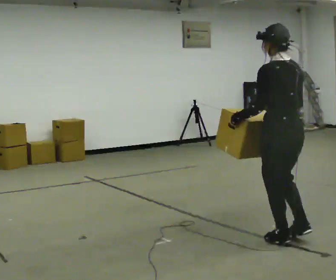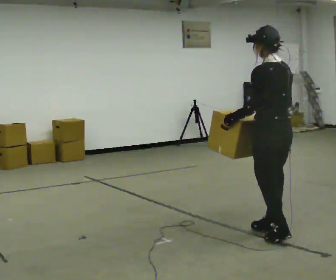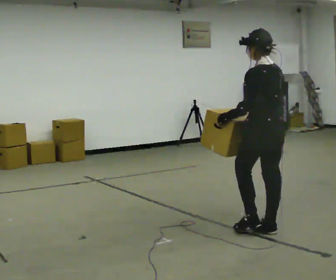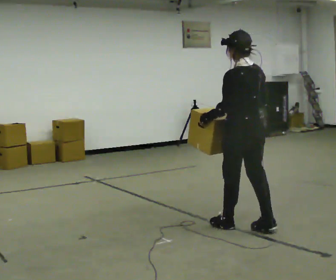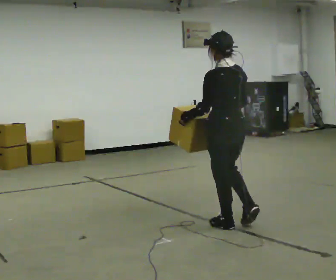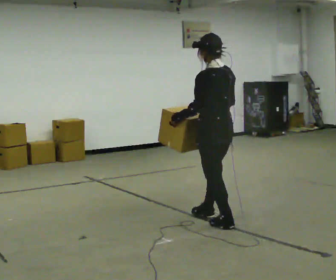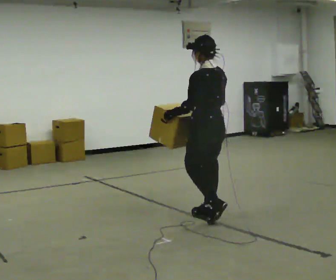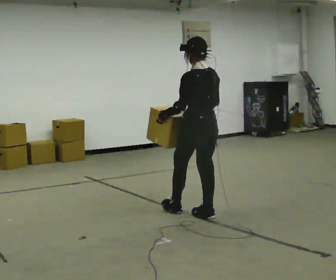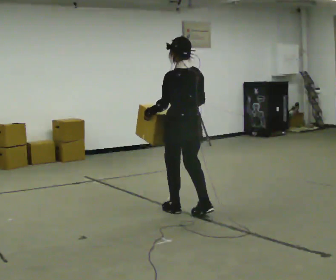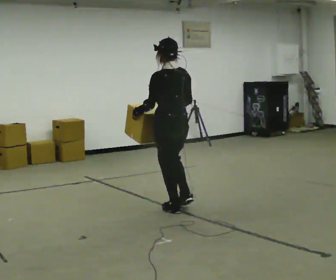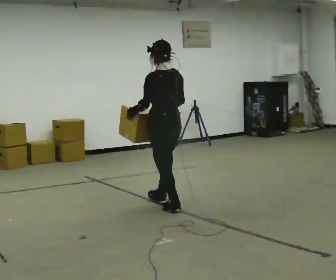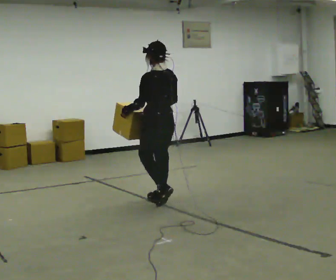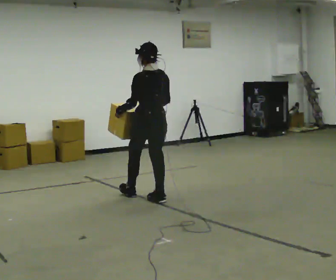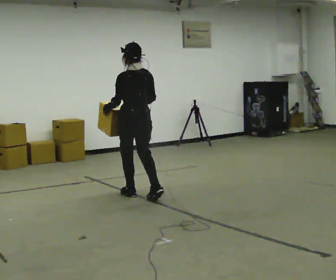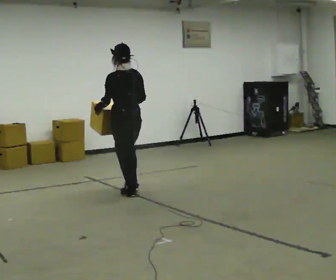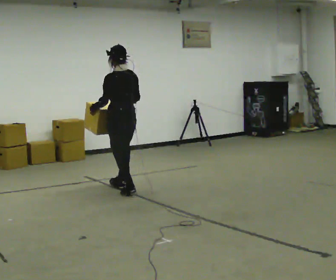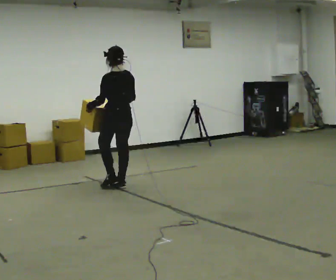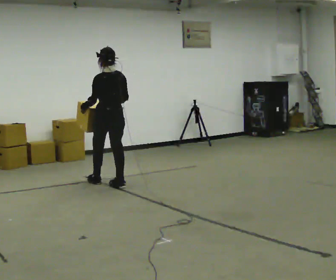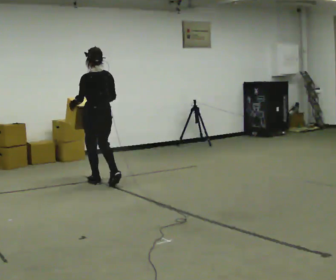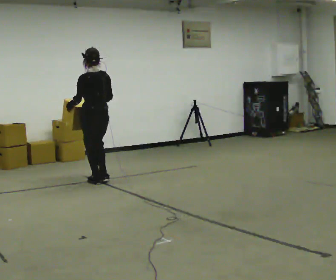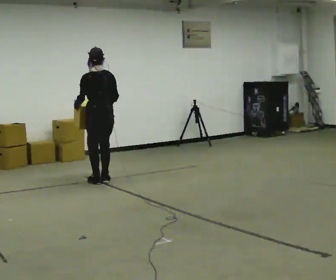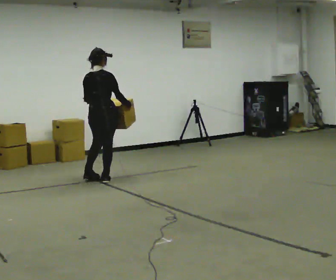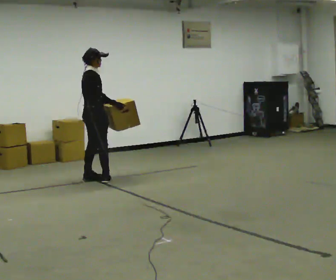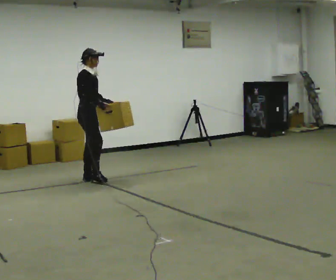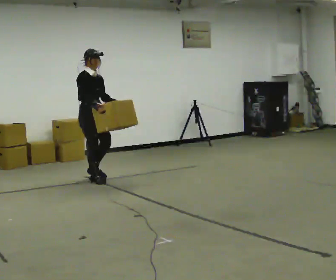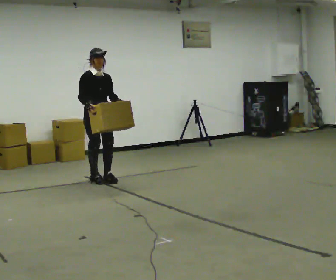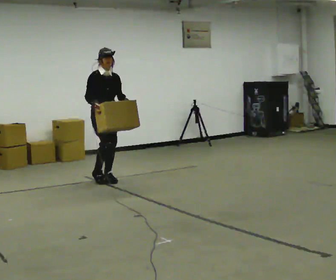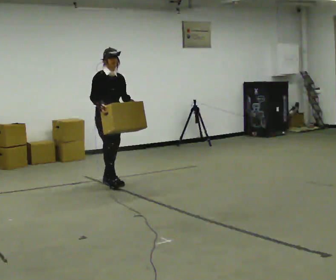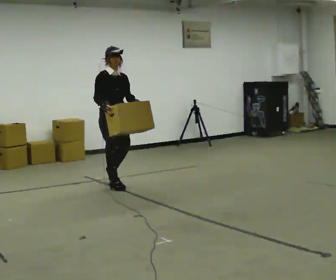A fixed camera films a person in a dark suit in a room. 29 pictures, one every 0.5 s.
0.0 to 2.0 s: In the picture they go away from the camera and to the left, about 0.5 m in 2 steps, which for them is forward.
2.0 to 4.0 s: In the picture they go away from the camera and to the left, about 0.5 m in 2 steps, which for them is forward.
4.0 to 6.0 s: In the picture they go away from the camera and to the left, about 0.5 m in 2 steps, which for them is forward.
6.0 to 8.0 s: In the picture they go away from the camera and to the left, about 0.5 m in 1 step, which for them is forward.
8.0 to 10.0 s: In the picture they go away from the camera and to the left, about 0.25 m in 2 steps, which for them is forward.
10.0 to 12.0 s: The part of the body nearest the lens slides to the left as the person turns to their right by about 150 degrees.
12.0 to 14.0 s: In the picture they go toward the camera and to the right, about 0.5 m in 2 steps, which for them is forward.
The film runs forward here.
